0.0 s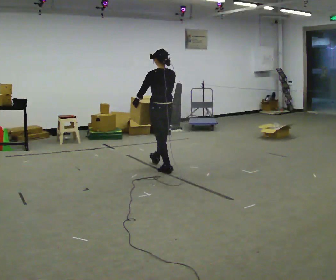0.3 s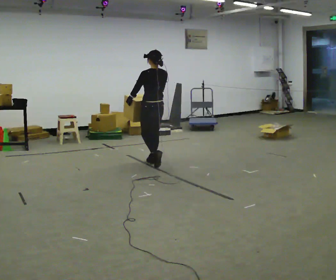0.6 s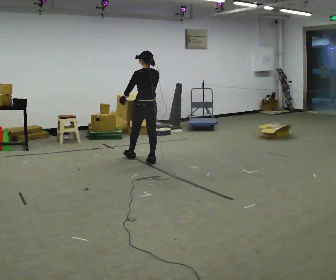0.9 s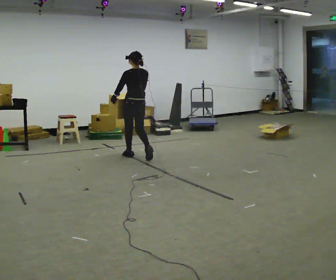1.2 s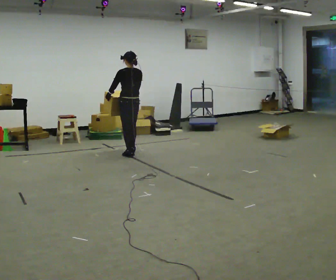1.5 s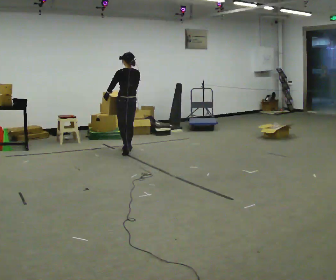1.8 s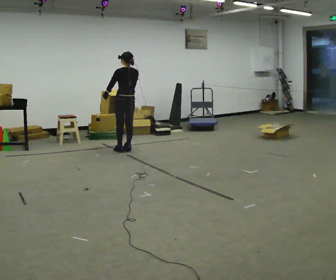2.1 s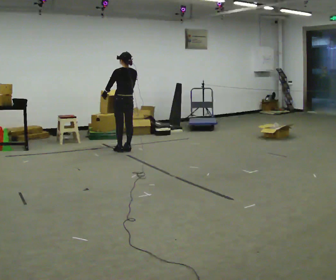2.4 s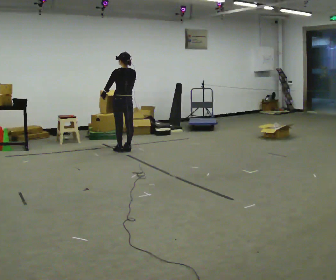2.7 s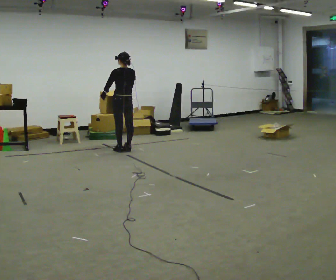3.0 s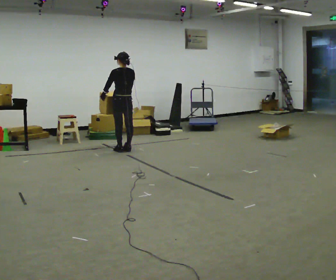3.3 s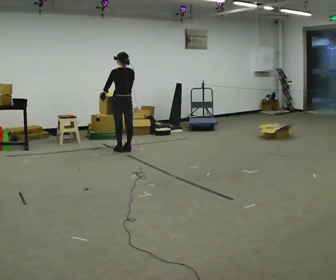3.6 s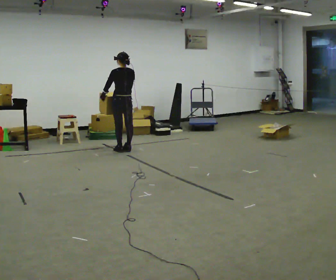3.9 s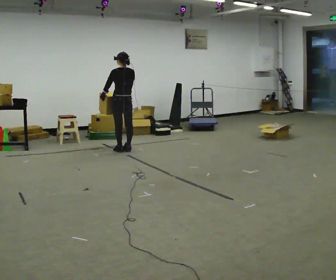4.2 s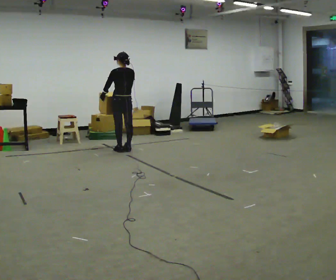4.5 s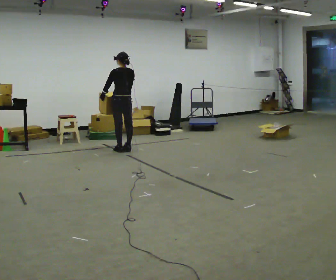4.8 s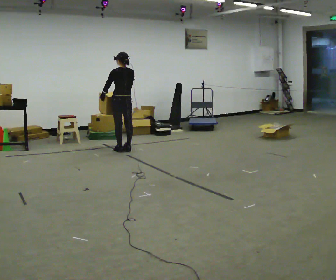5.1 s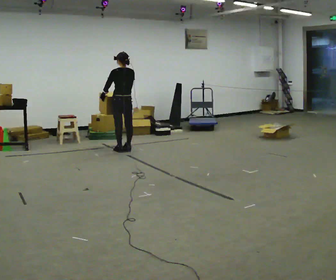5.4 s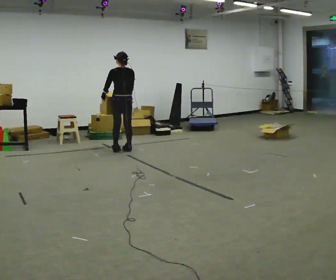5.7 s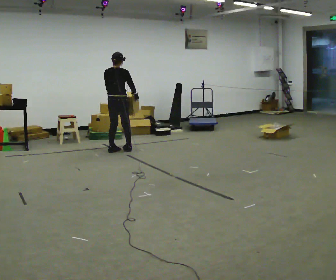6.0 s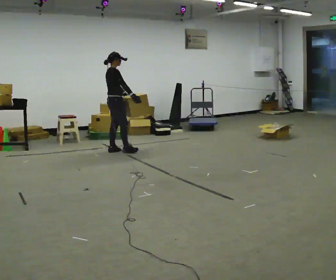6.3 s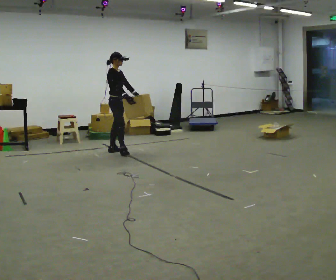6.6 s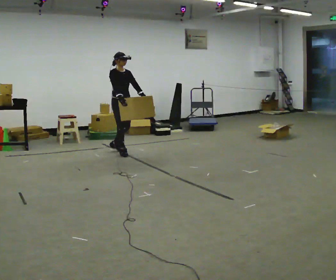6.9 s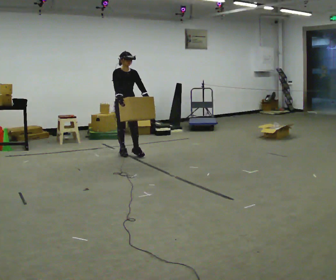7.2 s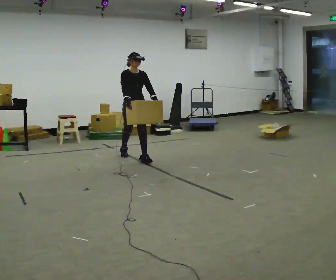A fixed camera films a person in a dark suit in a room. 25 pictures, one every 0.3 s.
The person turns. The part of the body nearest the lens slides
to the left.
The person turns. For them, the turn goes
to their right.
0.0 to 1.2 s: In the picture they go away from the camera and to the left, about 1 m in 2 steps, which for them is forward.
1.2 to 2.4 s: In the picture they go away from the camera, about 0.25 m in 2 steps, which for them is forward.
2.4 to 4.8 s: The person moves a little, or ends about where they began.
4.8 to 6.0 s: Seen from above the body turns clockwise, about 105 degrees: to their right, with its near side sliding to the left.
6.0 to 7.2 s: Seen from above the body turns clockwise, about 75 degrees: to their right, with its near side sliding to the left. In the picture they go toward the camera and to the right, about 0.5 m in 2 steps.
The film runs forward here.
